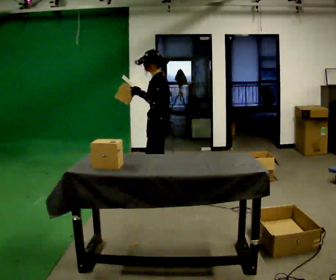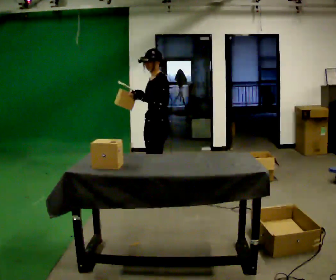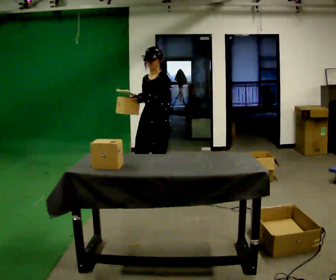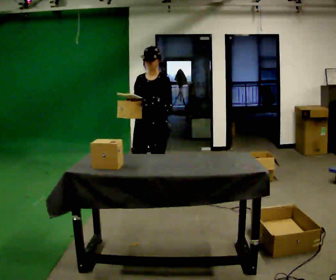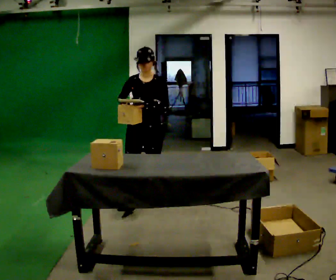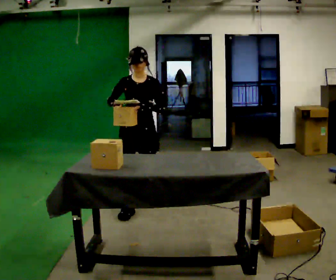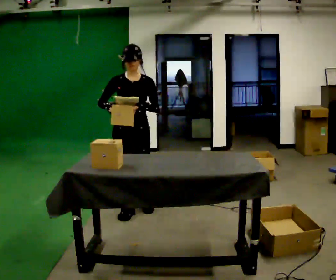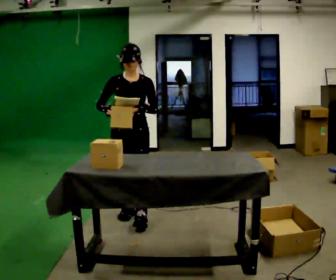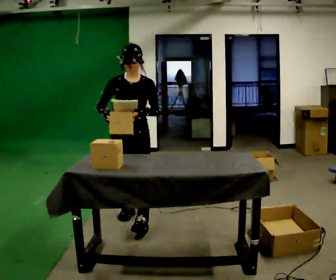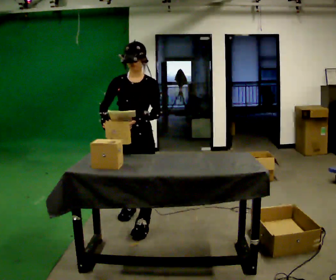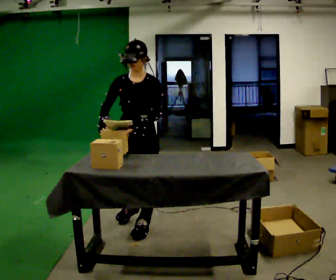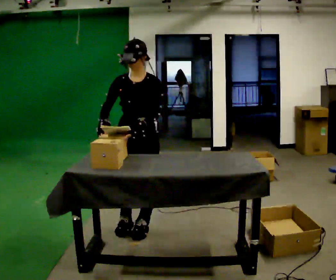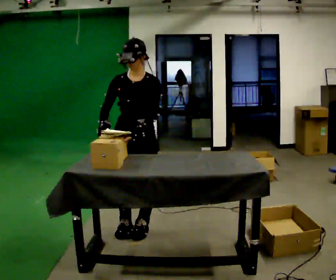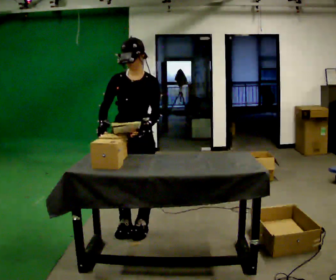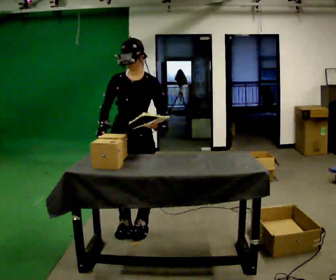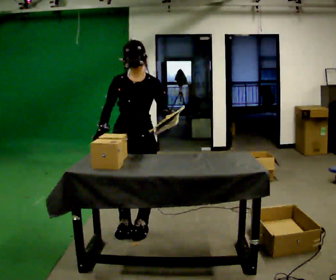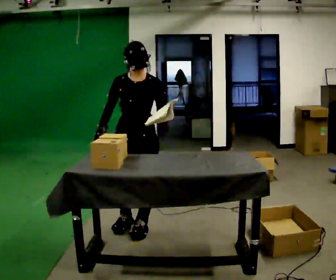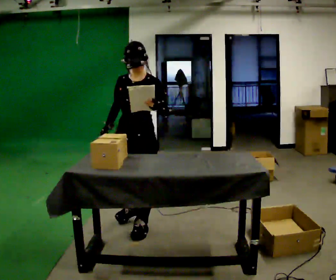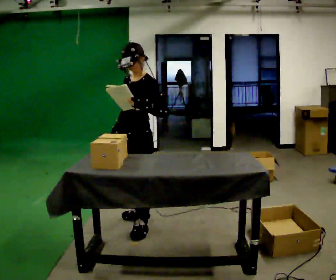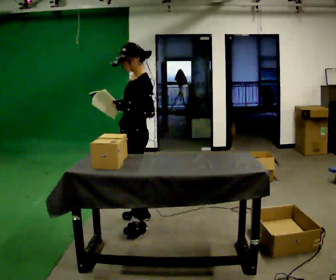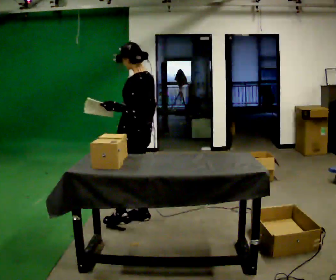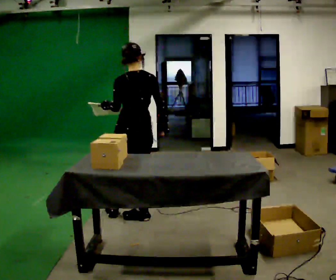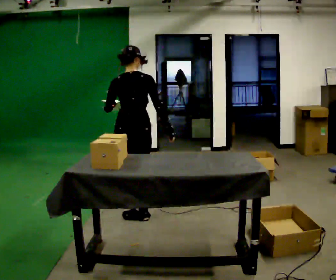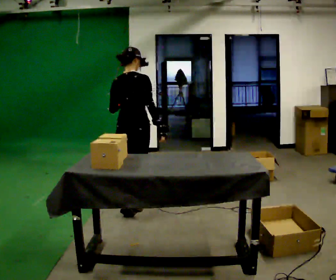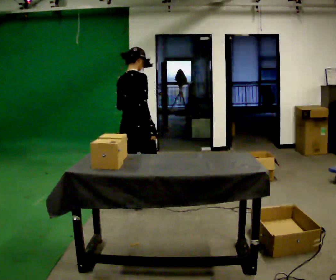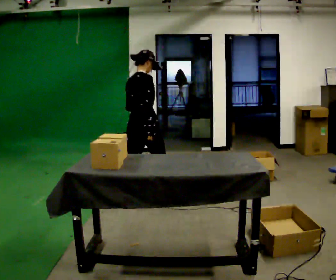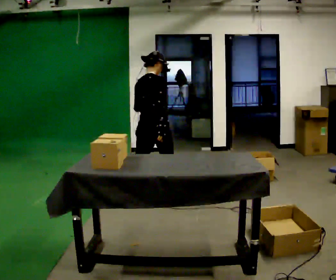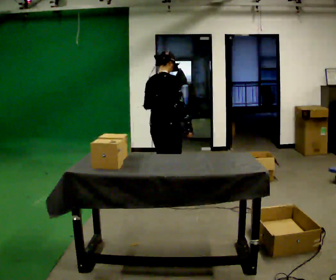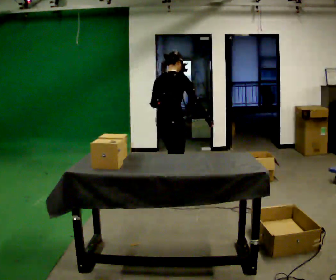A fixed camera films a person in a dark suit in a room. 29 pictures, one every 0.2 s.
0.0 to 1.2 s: The part of the body nearest the lens slides to the right as the person turns to their left by about 90 degrees. In the picture they go toward the camera, about 0.75 m in 1 step.
1.2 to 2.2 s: In the picture they go toward the camera, about 0.5 m in 1 step, which for them is forward and to their left.
2.2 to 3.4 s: The person moves a little, or ends about where they began.
3.4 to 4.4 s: Seen from above the body turns clockwise, about 150 degrees: to their right, with its near side sliding to the left. In the picture they go away from the camera, about 0.5 m in 1 step.
4.4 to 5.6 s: The part of the body nearest the lens slides to the left as the person turns to their right by about 45 degrees. In the picture they go away from the camera and to the right, about 0.75 m in 2 steps, which for them is forward.
The film runs forward here.
